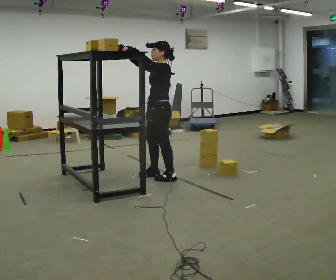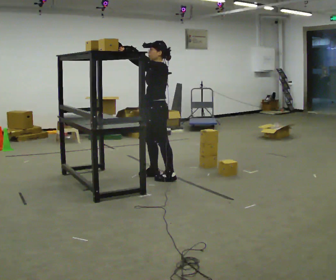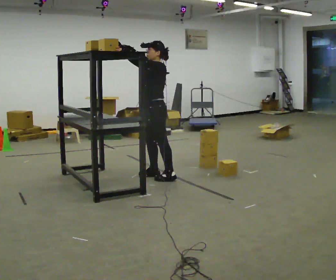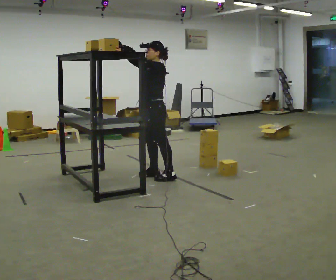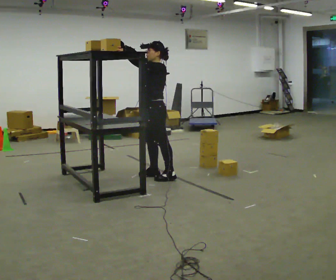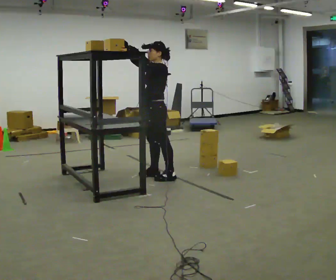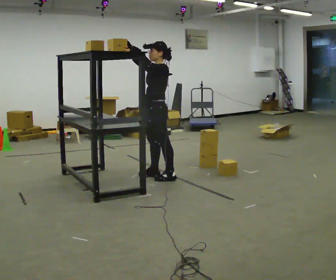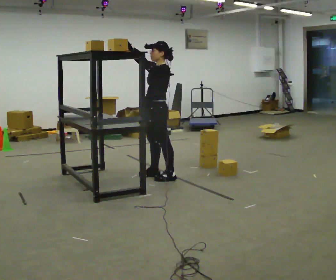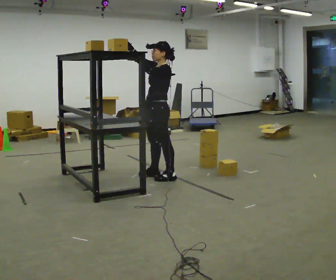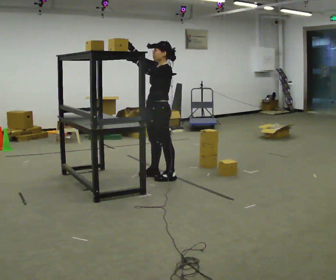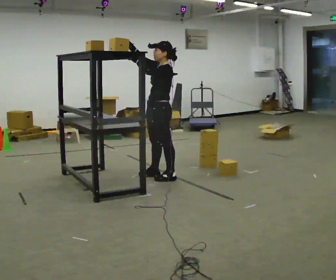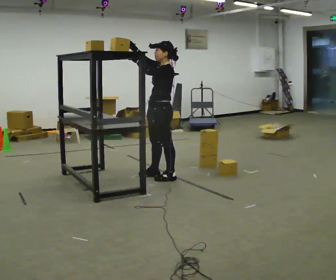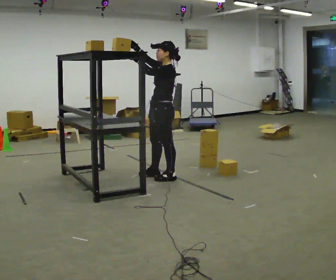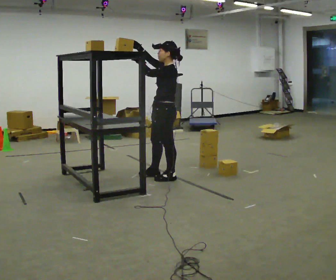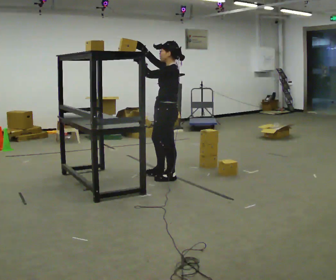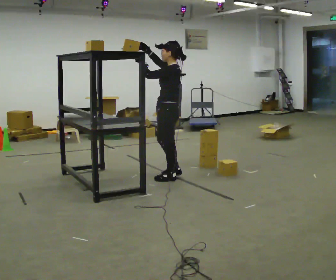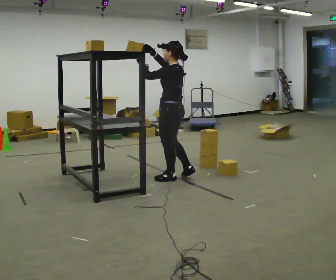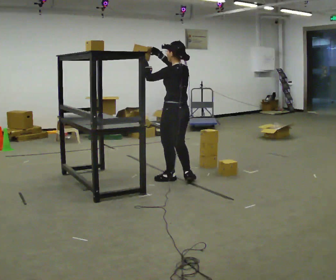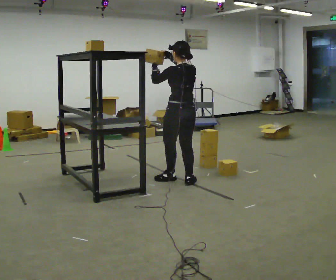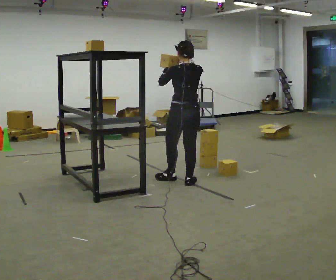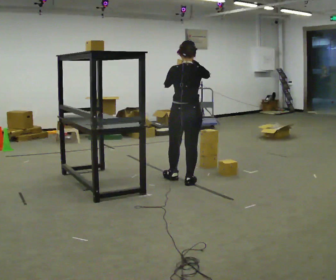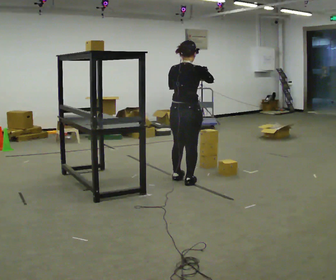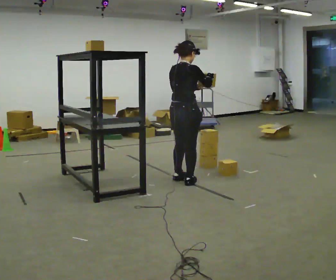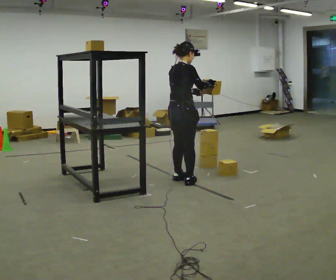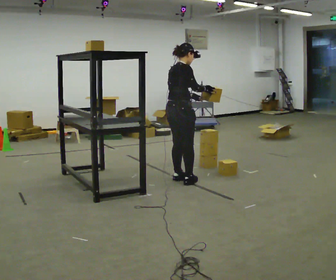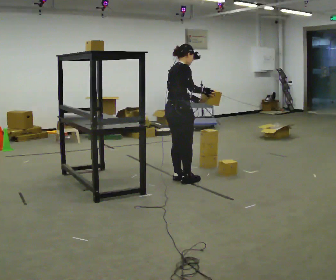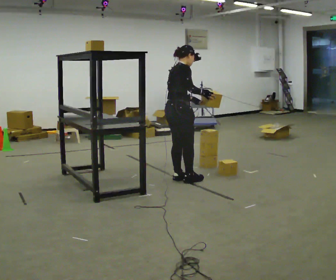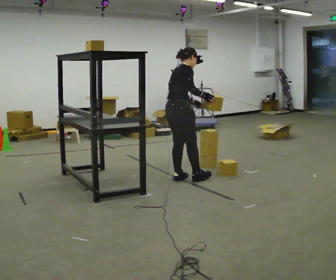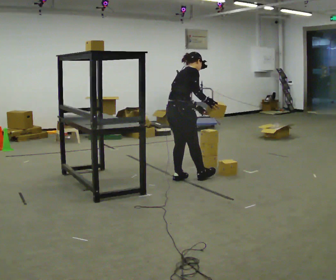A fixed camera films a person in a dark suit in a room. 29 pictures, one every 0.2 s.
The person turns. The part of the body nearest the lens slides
to the left.
Their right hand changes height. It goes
downward.
0.0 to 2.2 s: The person moves a little, or ends about where they began.
2.2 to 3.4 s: The person turns about 60 degrees to their right, clockwise seen from above, so the part of the body nearest the lens slides to the left. In the picture they go to the right, about 0.25 m in 1 step, which for them is backward. In the picture their right hand goes to the right.
3.4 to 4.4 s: The person turns about 90 degrees to their right, clockwise seen from above, so the part of the body nearest the lens slides to the left. In the picture their right hand goes to the right.
4.4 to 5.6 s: In the picture the upper body tilts clockwise, shoulders to the right, as they bend forward.
The film runs forward here.
